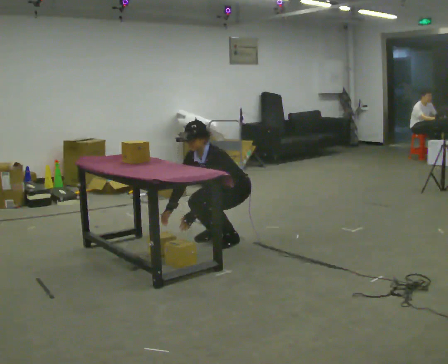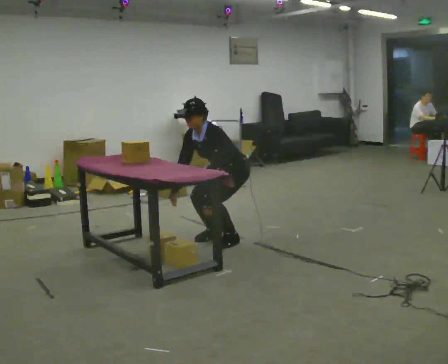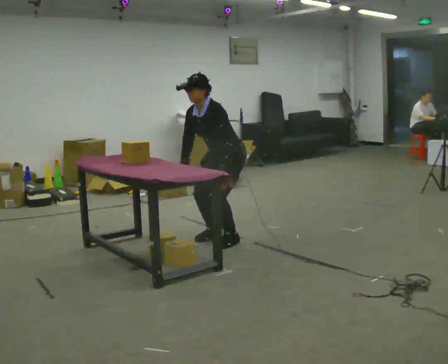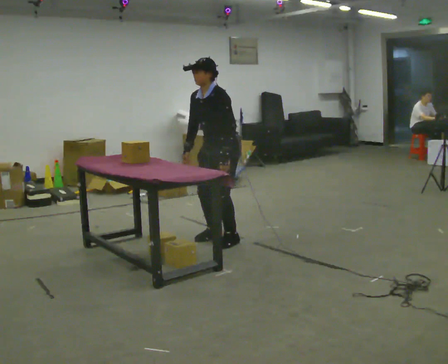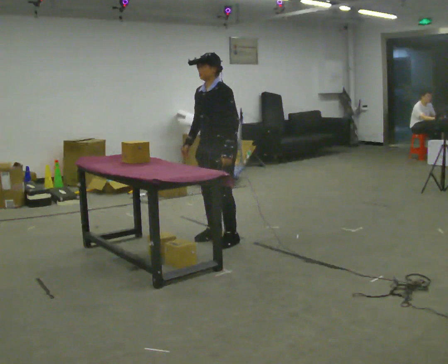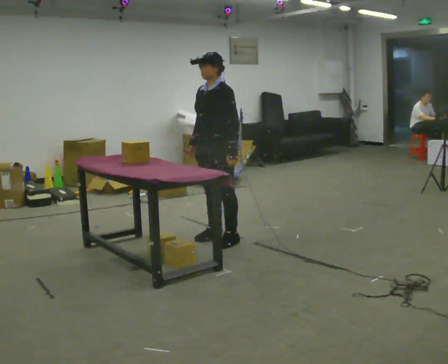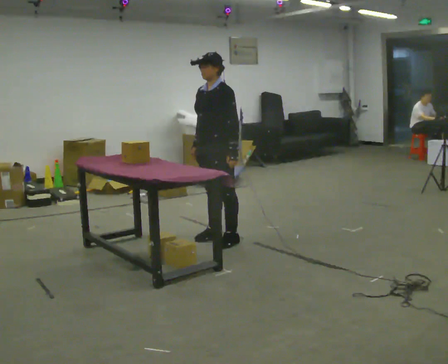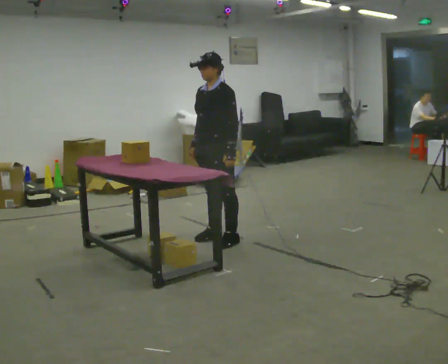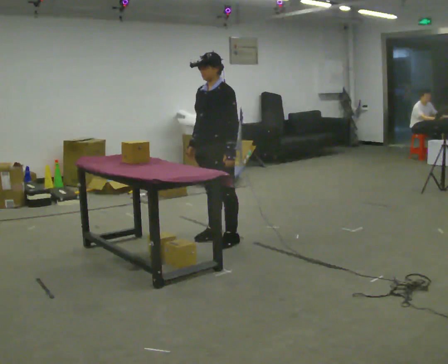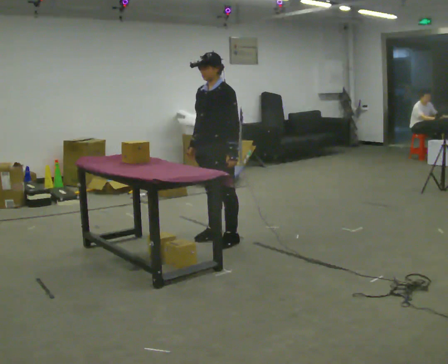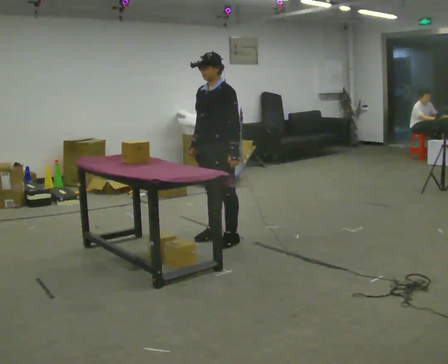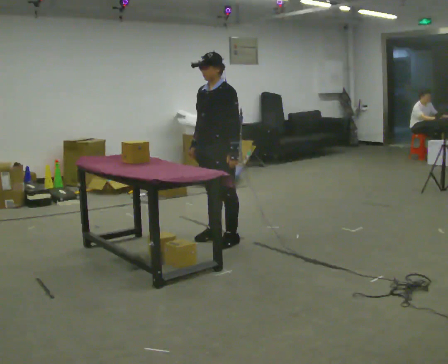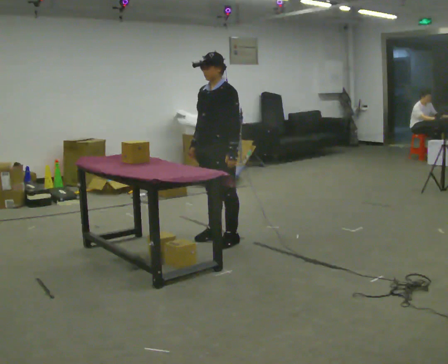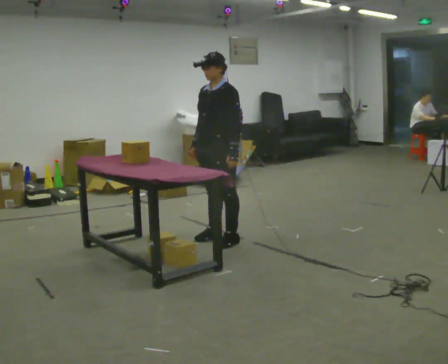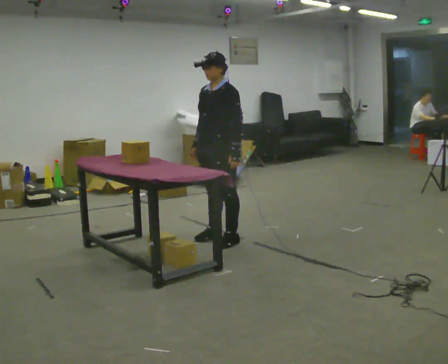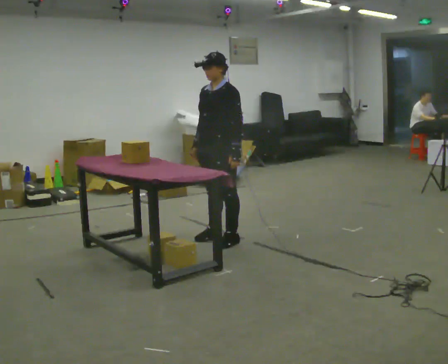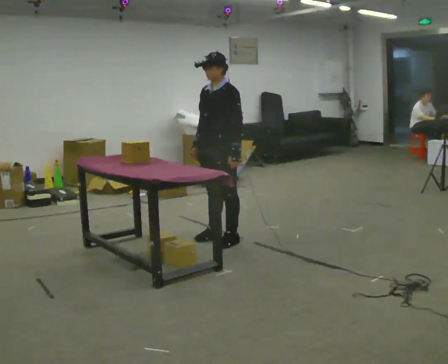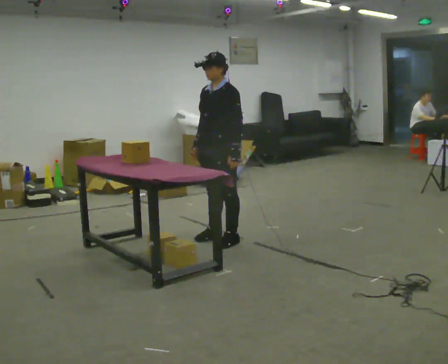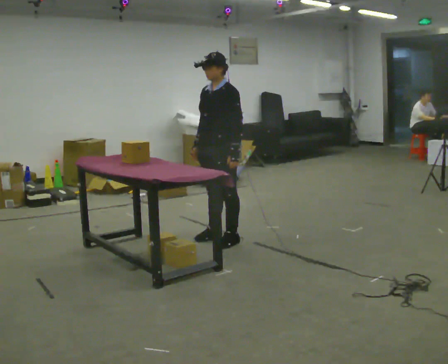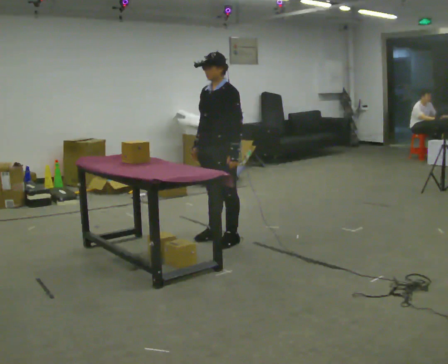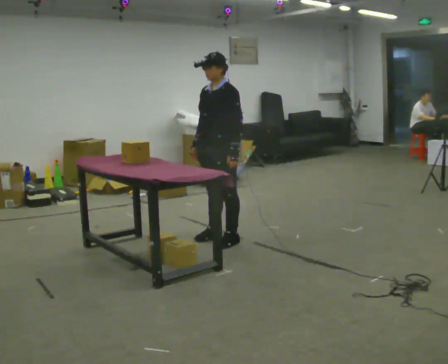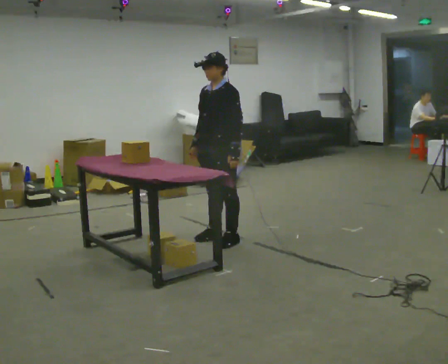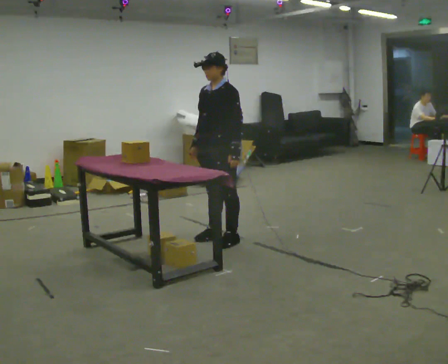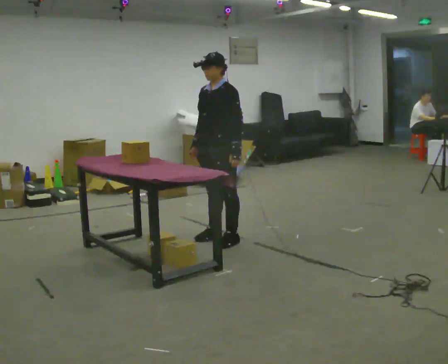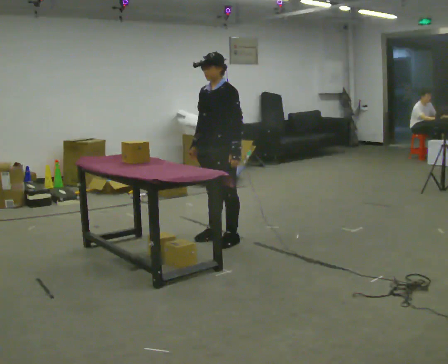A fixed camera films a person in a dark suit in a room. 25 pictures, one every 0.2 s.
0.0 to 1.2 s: The upper body goes upward. In the picture the upper body tilts clockwise, shoulders to the right, as they lean back or straighten. In the picture their right hand goes upward.
1.2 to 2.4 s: The person moves a little, or ends about where they began.
2.4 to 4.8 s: The person keeps their place and pose.
The film runs forward here.
